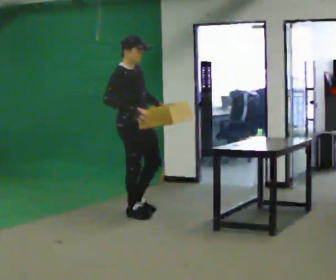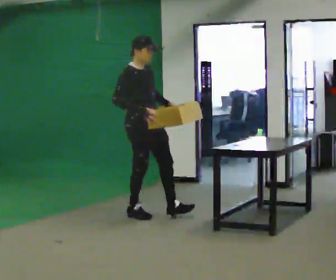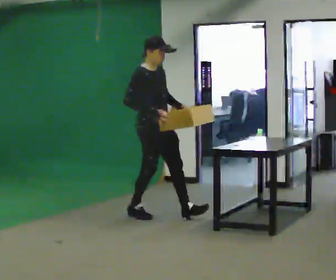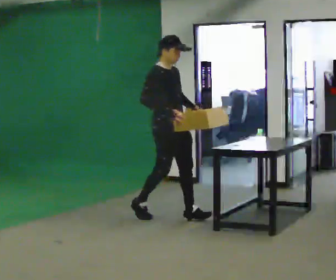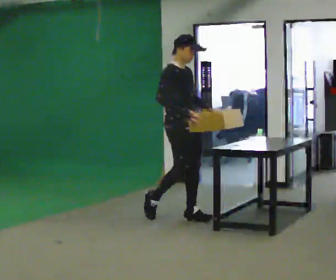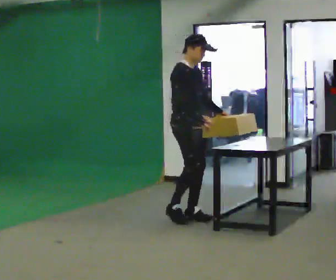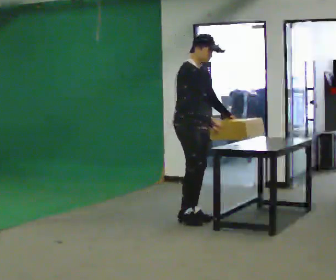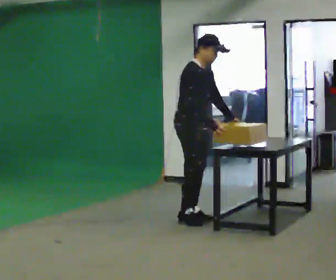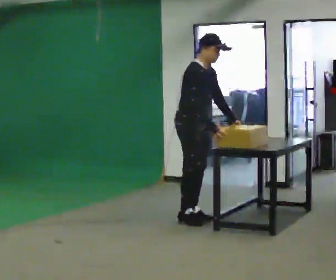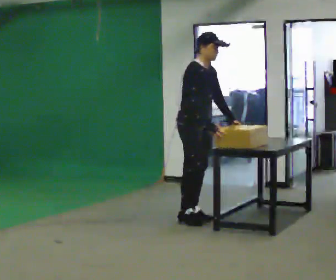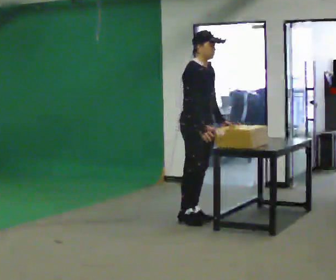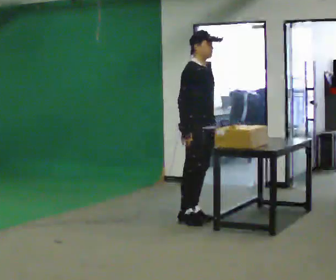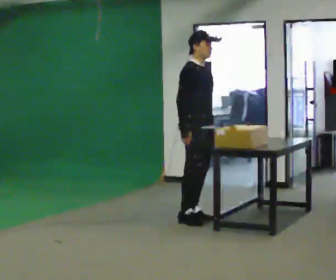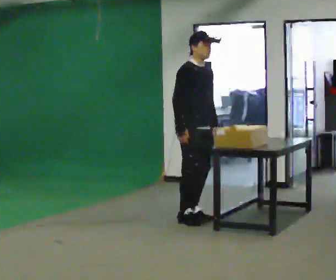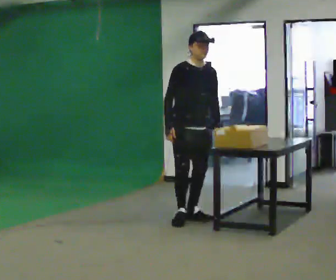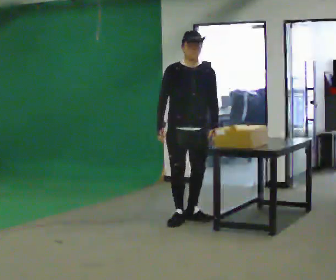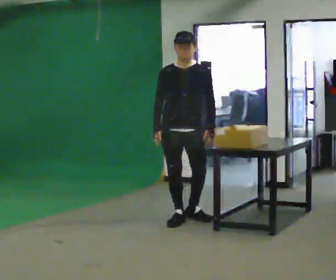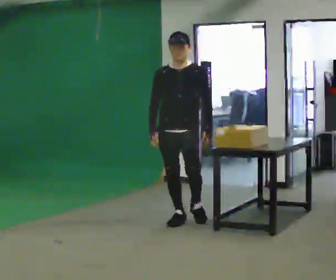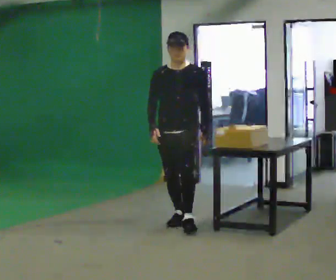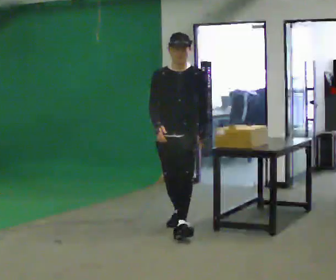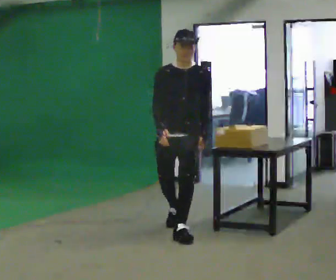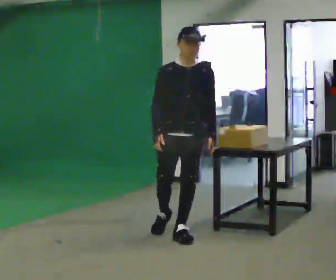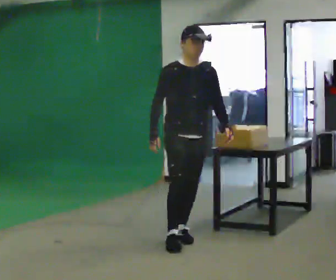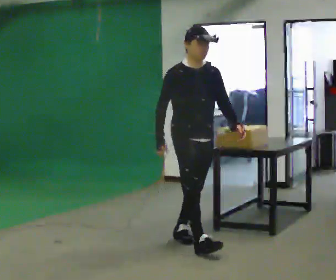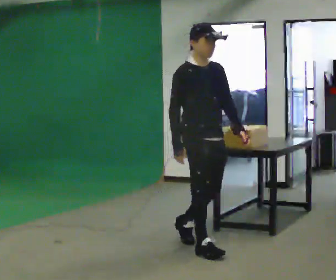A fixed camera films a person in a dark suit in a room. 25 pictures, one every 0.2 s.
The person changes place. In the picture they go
toward the camera.
0.0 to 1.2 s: In the picture they go to the right, about 0.5 m in 2 steps, which for them is forward. In the picture the upper body tilts clockwise, shoulders to the right.
1.2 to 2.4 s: The person moves a little, or ends about where they began.
2.4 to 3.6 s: The person turns about 75 degrees to their right, clockwise seen from above, so the part of the body nearest the lens slides to the left. In the picture they go toward the camera, about 0.25 m.
3.6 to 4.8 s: Seen from above the body turns counterclockwise, about 60 degrees: to their left, with its near side sliding to the right. In the picture they go toward the camera, about 1 m in 2 steps, which for them is forward.
The film runs forward here.
